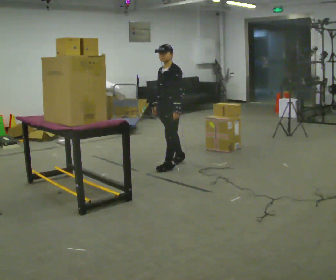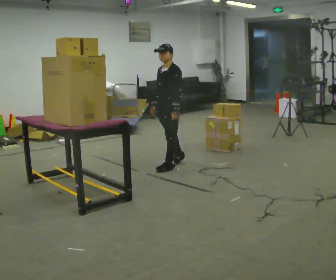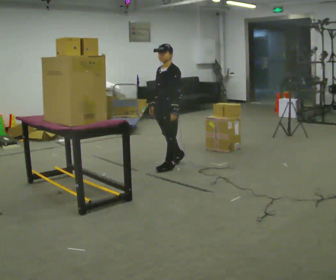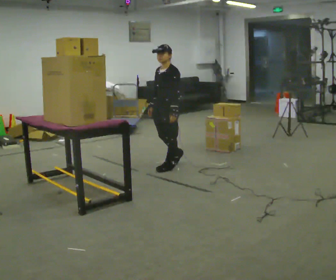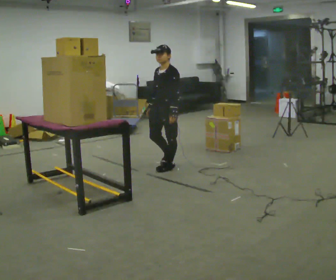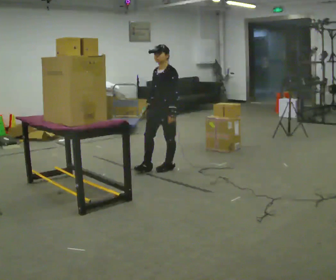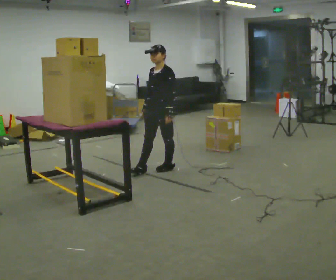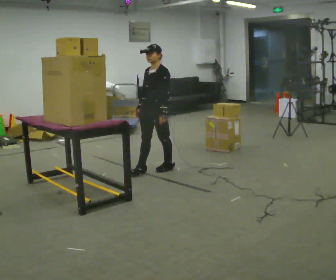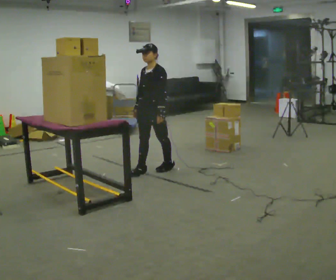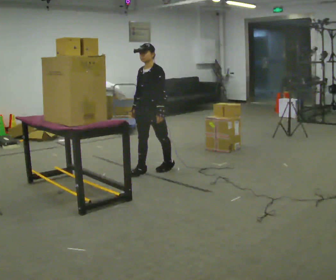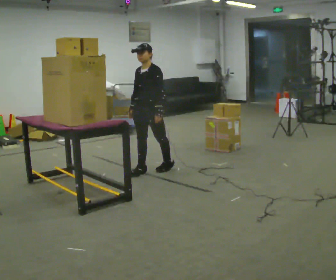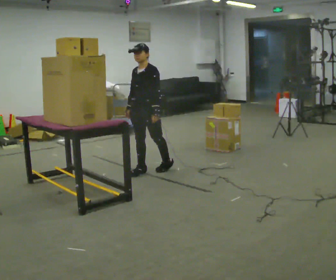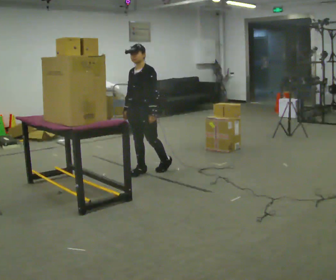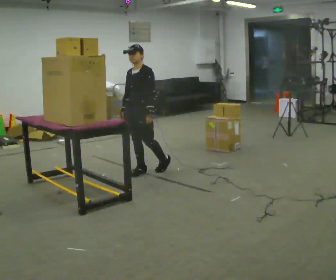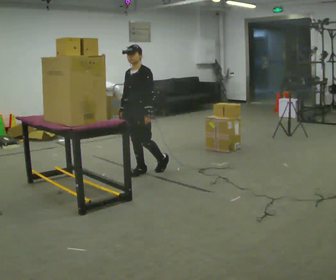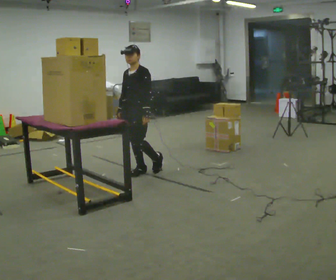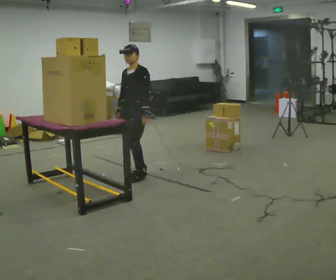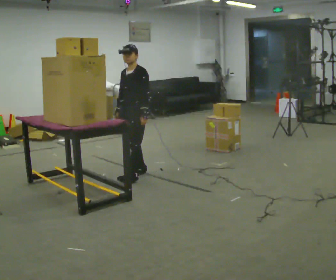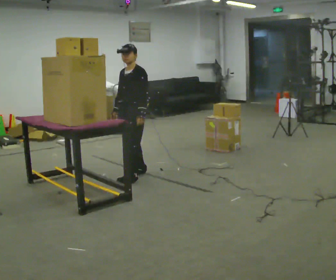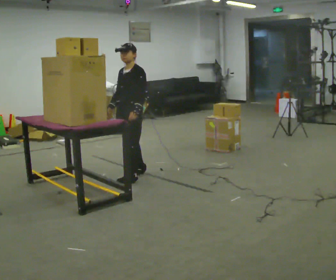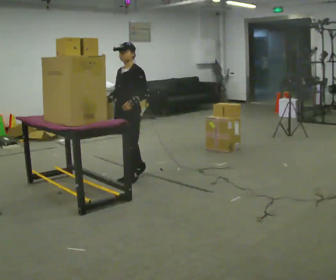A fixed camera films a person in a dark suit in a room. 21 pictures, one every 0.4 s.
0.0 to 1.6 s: The person moves a little, or ends about where they began.
1.6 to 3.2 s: In the picture they go to the left, about 0.25 m in 1 step, which for them is forward.
3.2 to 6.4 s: In the picture they go to the left, about 0.25 m, which for them is forward.
6.4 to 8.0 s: In the picture they go toward the camera, about 0.25 m in 1 step, which for them is forward.
The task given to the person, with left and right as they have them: Take an object down from the highest shelf you can comfortably reach, carry it across, and place it on the waist-height shelf. Keep going until the operator says stop; one object at a time, and do not rush between trips.
The film runs forward here.
